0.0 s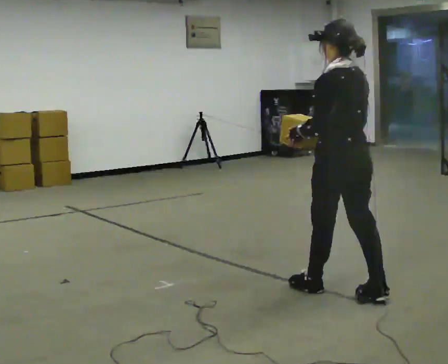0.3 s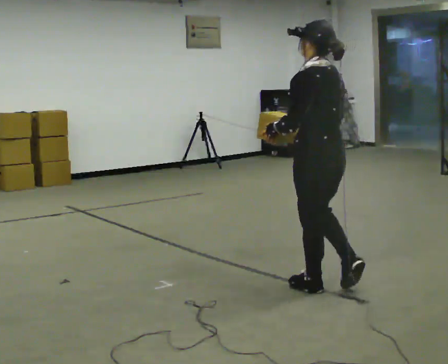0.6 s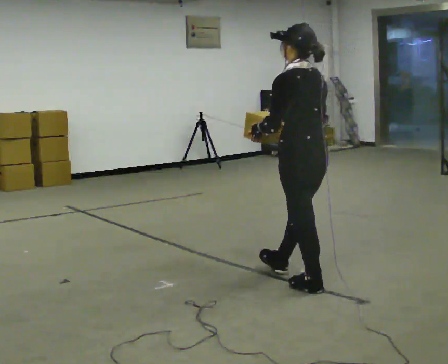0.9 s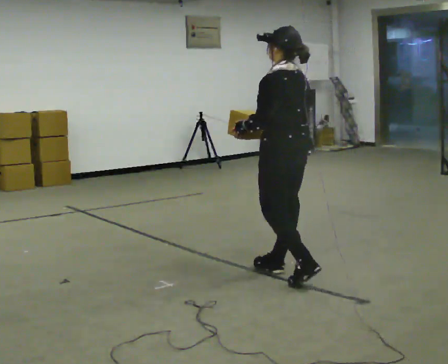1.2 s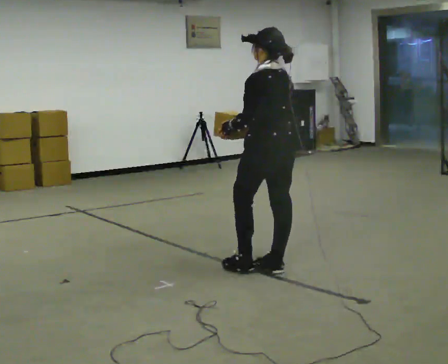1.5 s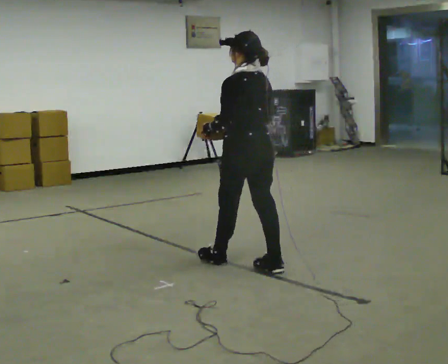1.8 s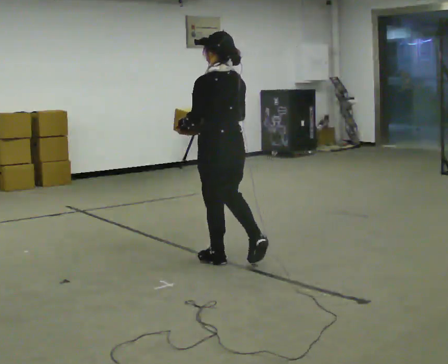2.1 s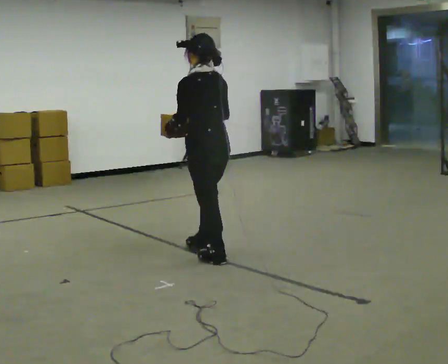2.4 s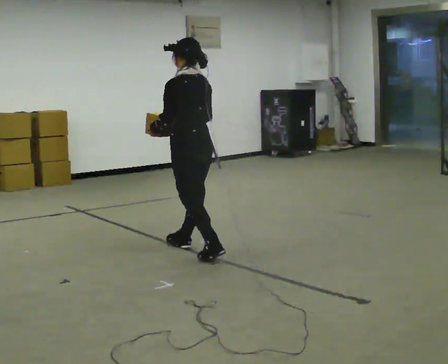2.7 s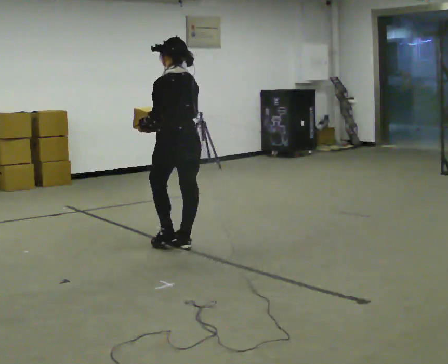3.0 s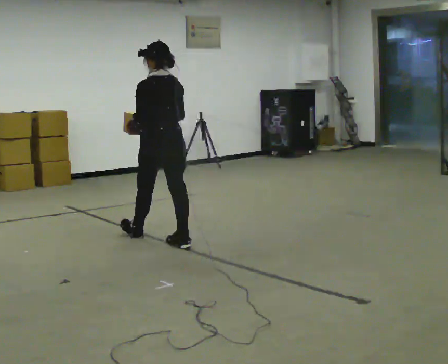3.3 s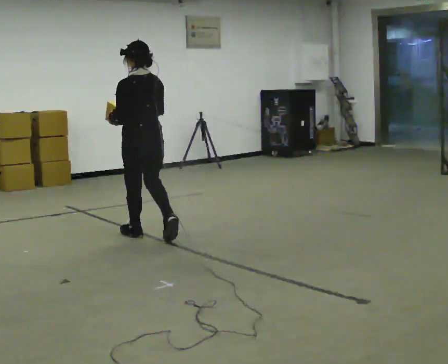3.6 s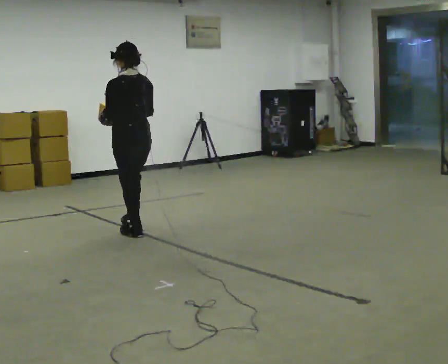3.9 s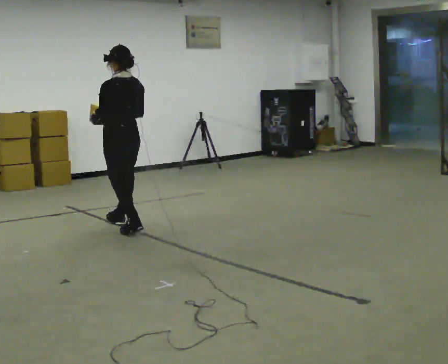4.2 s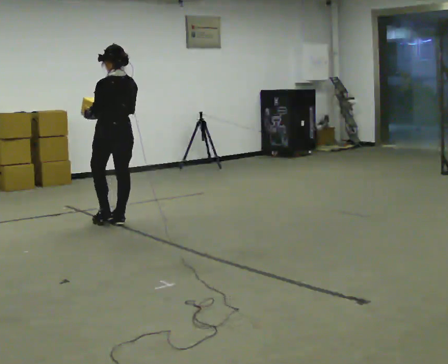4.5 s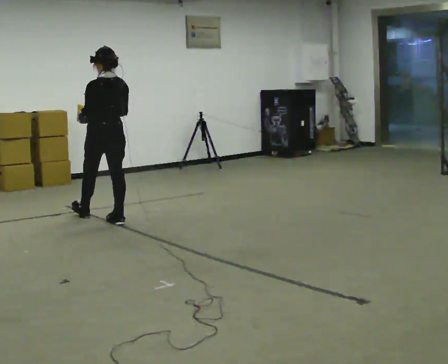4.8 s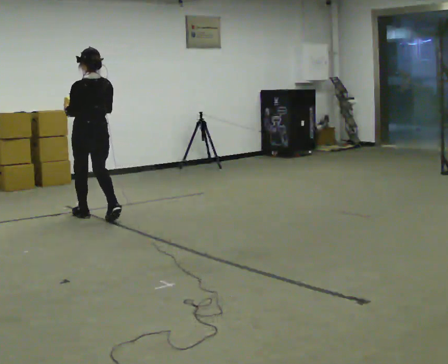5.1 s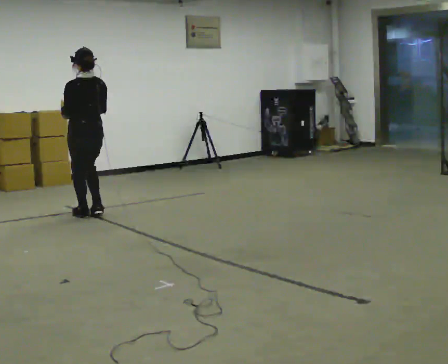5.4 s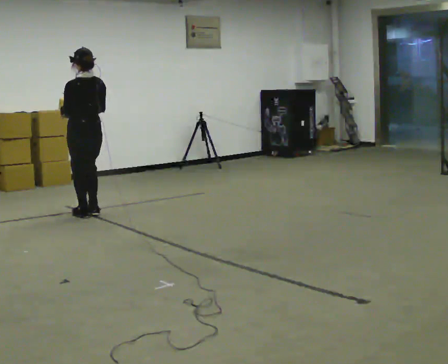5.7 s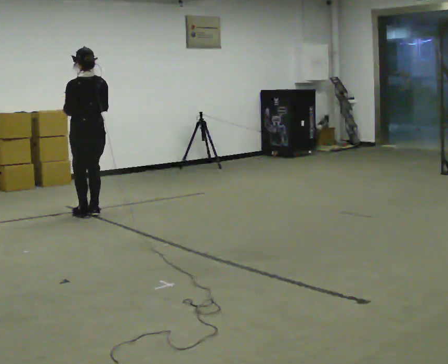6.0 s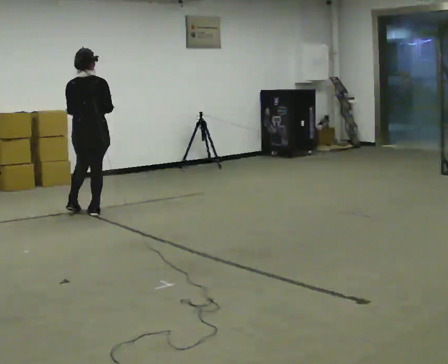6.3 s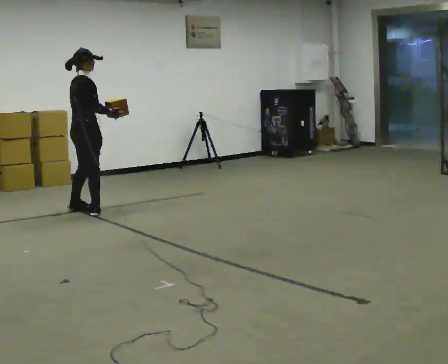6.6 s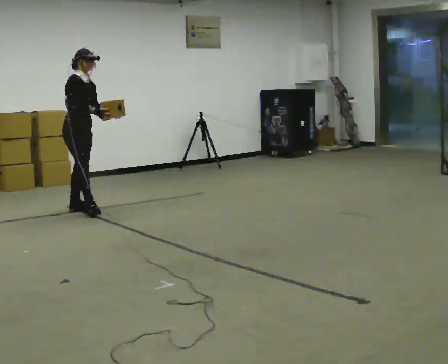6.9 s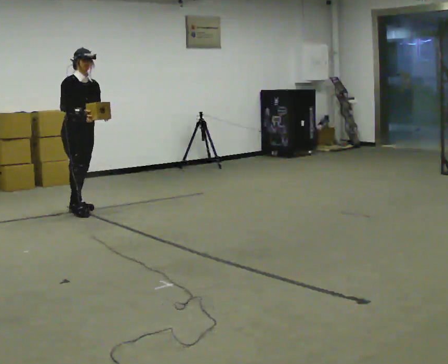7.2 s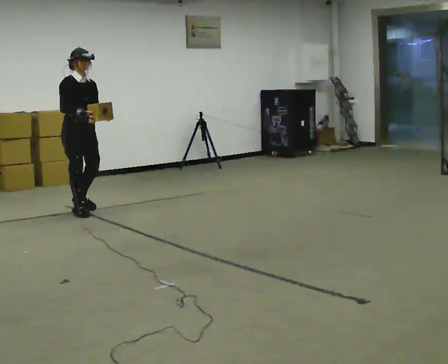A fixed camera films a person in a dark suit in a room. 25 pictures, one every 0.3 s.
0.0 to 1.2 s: In the picture they go away from the camera and to the left, about 0.75 m in 1 step, which for them is forward.
1.2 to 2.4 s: In the picture they go away from the camera and to the left, about 1 m in 2 steps, which for them is forward.
2.4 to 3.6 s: In the picture they go away from the camera and to the left, about 1 m in 1 step, which for them is forward.
3.6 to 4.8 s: In the picture they go away from the camera and to the left, about 0.5 m in 2 steps, which for them is forward.
4.8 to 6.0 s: Seen from above the body turns clockwise, about 30 degrees: to their right, with its near side sliding to the left. In the picture they go away from the camera, about 0.25 m in 1 step, which for them is forward.
6.0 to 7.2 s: Seen from above the body turns clockwise, about 135 degrees: to their right, with its near side sliding to the left.
The film runs forward here.
